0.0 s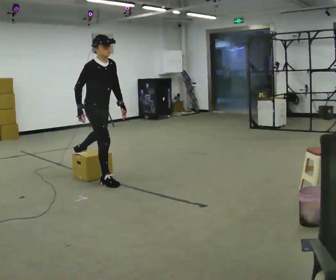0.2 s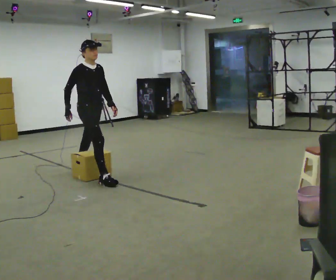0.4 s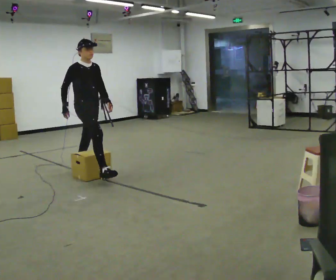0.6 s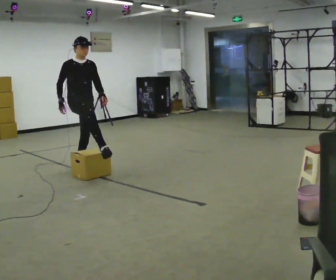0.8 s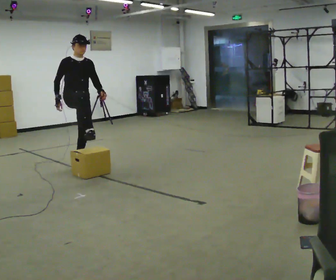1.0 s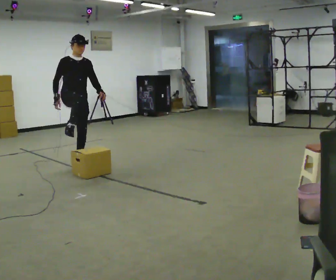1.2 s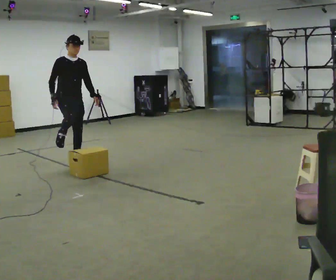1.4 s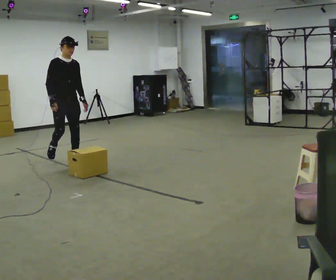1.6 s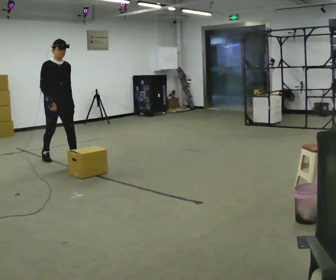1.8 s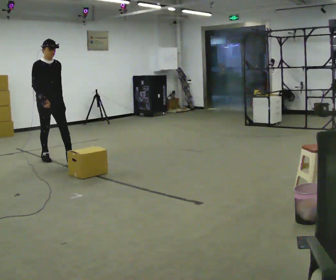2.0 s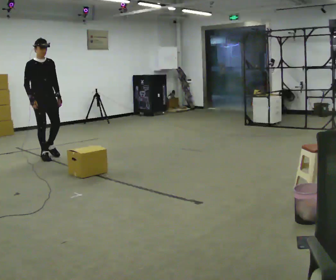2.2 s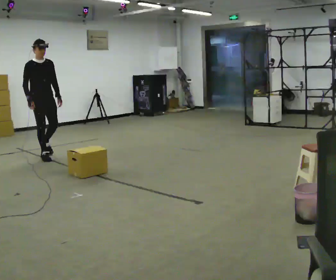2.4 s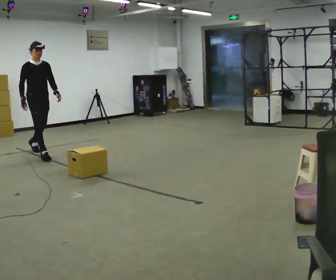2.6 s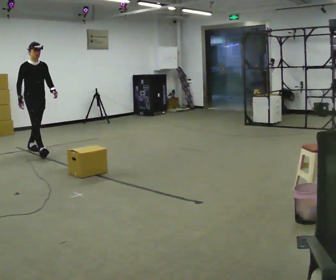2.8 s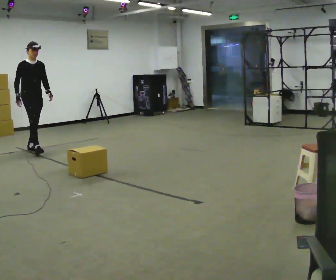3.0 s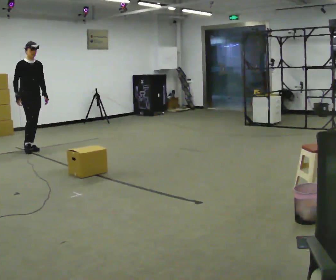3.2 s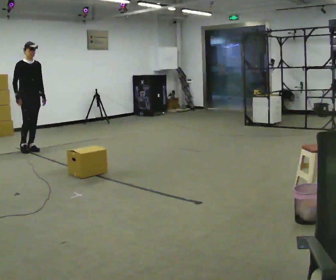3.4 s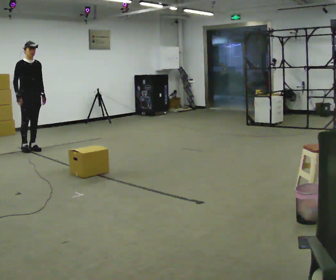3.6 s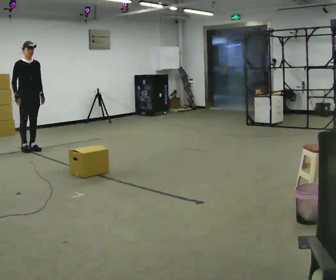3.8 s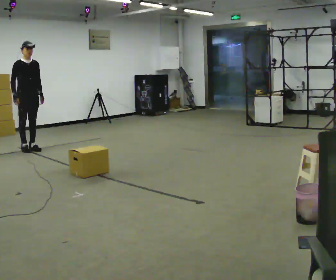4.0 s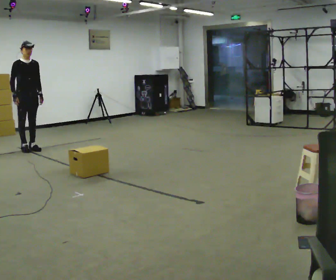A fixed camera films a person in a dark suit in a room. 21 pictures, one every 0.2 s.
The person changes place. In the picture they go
away from the camera.
0.0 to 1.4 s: Seen from above the body turns clockwise, about 30 degrees: to their right, with its near side sliding to the left. In the picture they go away from the camera and to the left, about 1 m in 1 step, which for them is backward. The upper body tips away from the camera, its near side rolling upward.
1.4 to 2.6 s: In the picture they go away from the camera and to the left, about 1 m in 1 step, which for them is backward.
2.6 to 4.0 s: In the picture they go away from the camera and to the left, about 0.25 m in 1 step, which for them is backward.
The film runs backward here.
